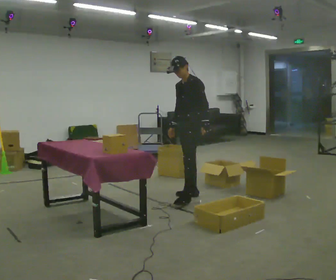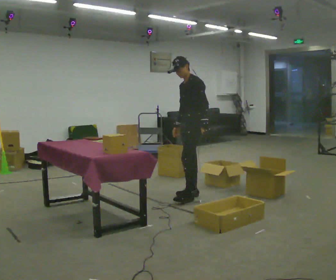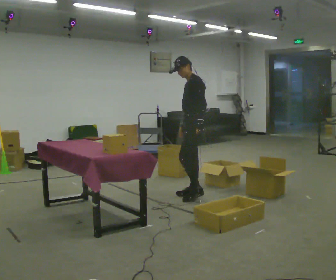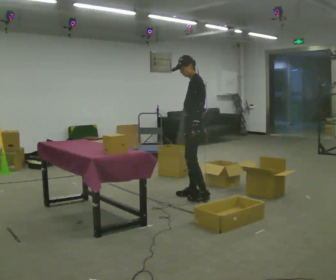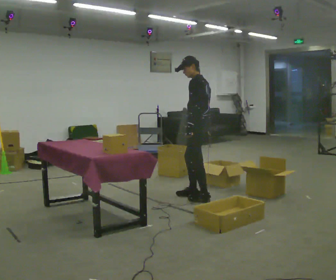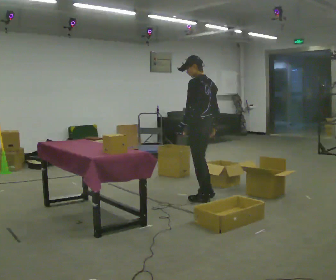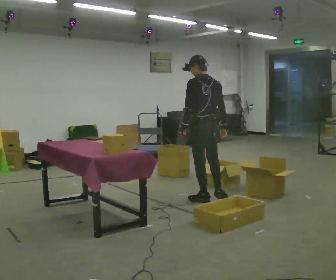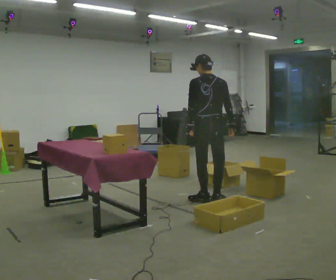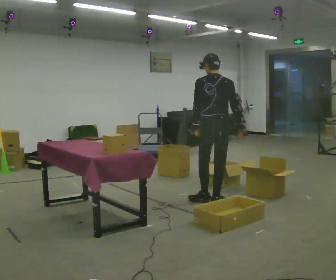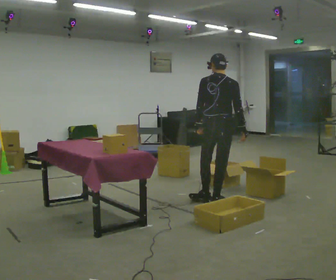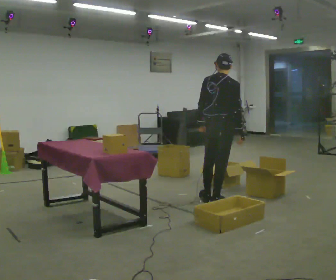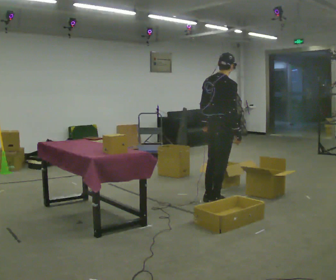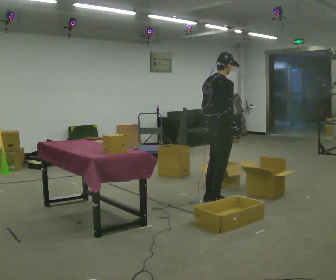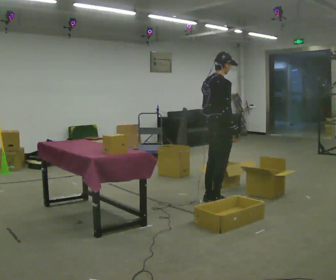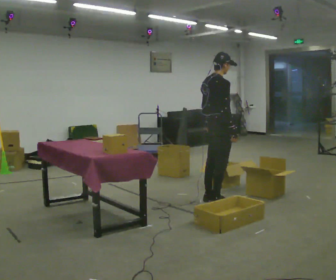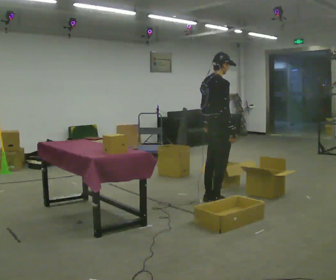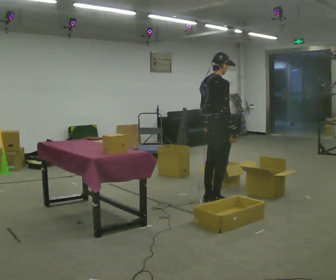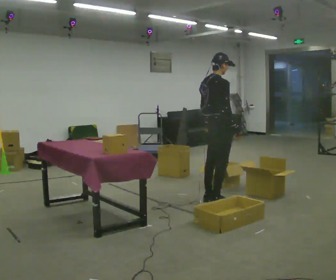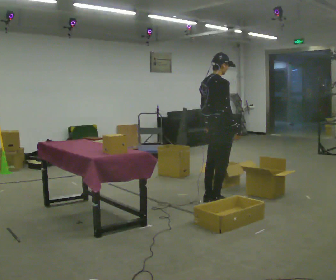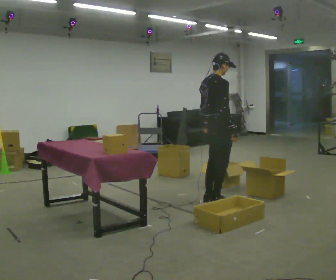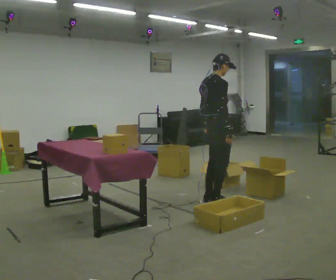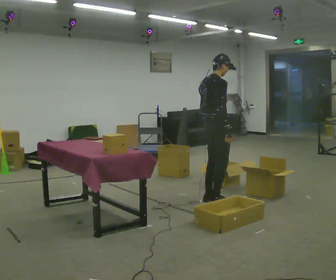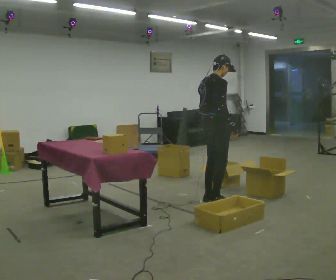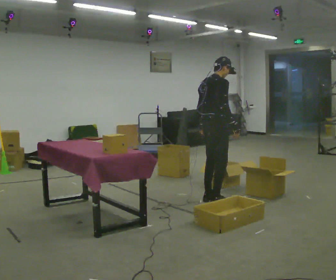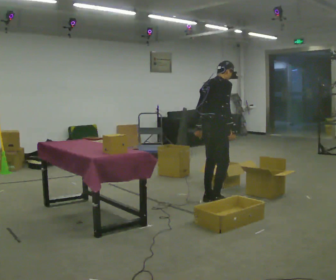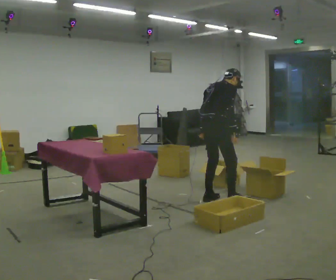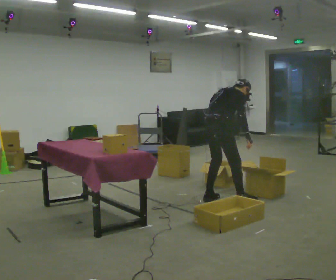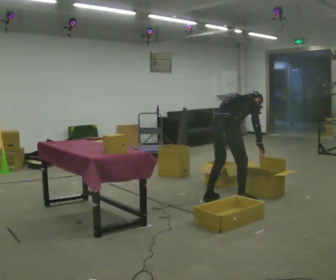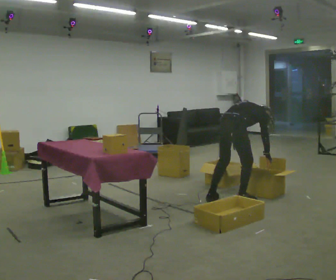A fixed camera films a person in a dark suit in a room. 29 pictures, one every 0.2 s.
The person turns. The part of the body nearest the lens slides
to the left.
The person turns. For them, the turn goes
to their right.
0.0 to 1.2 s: The part of the body nearest the lens slides to the left as the person turns to their right by about 90 degrees. In the picture they go toward the camera and to the right, about 0.25 m in 2 steps.
1.2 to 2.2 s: Seen from above the body turns clockwise, about 75 degrees: to their right, with its near side sliding to the left. In the picture they go toward the camera and to the right, about 0.25 m.
2.2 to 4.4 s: The person moves a little, or ends about where they began.
4.4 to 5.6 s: In the picture they go to the right, about 0.25 m in 1 step, which for them is to their right. The upper body goes downward. In the picture the upper body tilts clockwise, shoulders to the right, as they bend forward. In the picture their left hand goes to the right.
The film runs backward here.
